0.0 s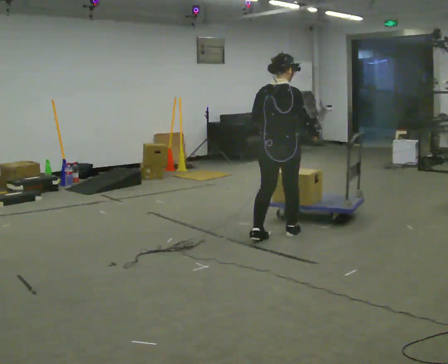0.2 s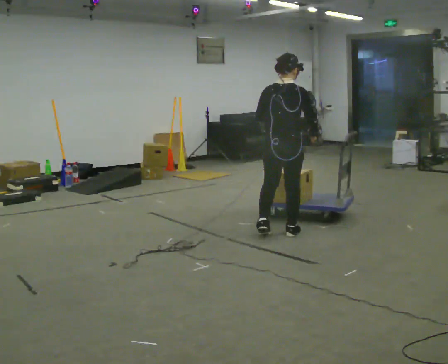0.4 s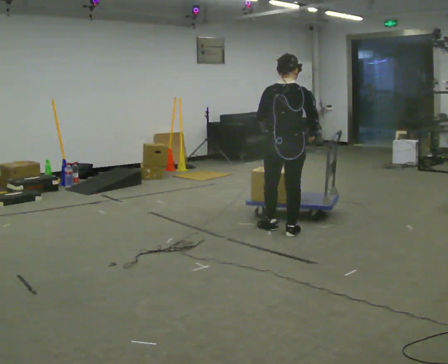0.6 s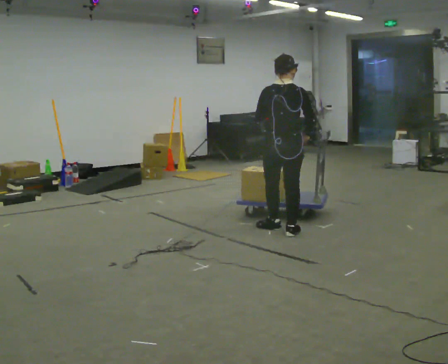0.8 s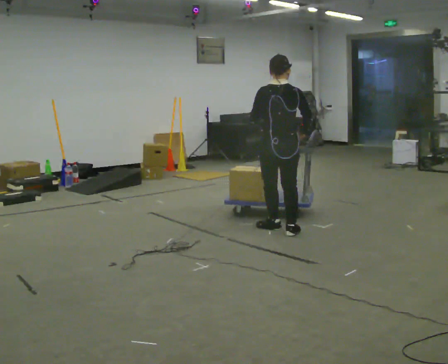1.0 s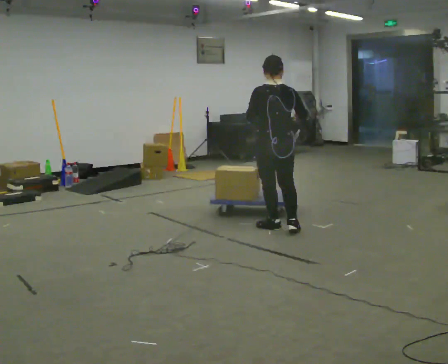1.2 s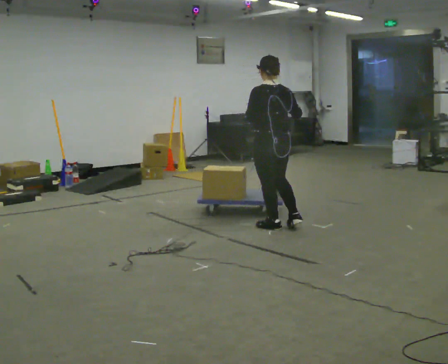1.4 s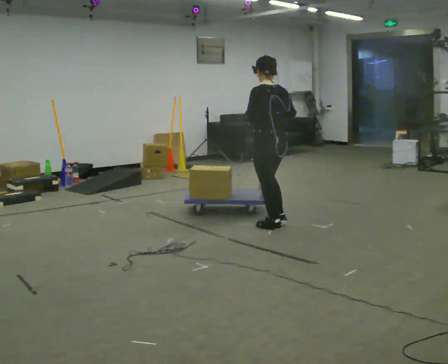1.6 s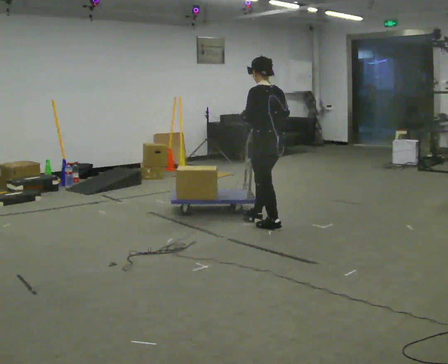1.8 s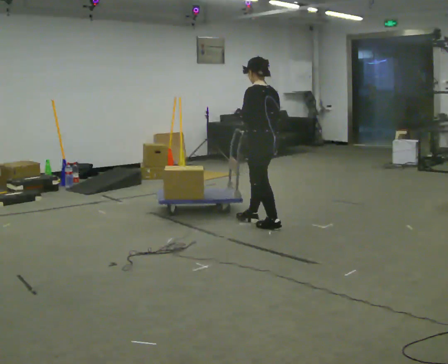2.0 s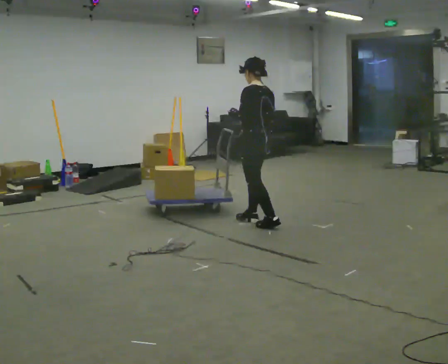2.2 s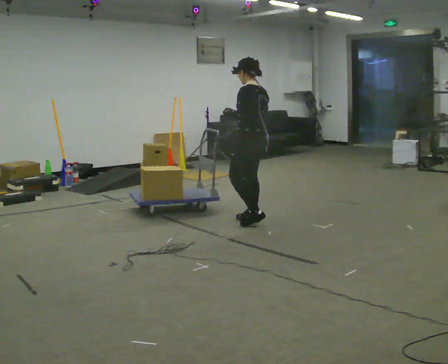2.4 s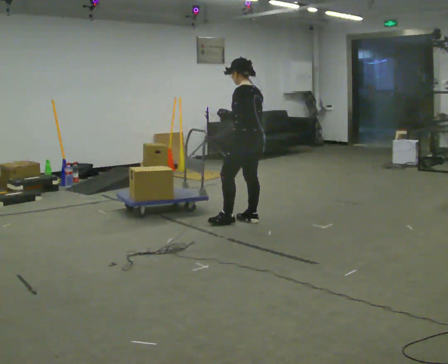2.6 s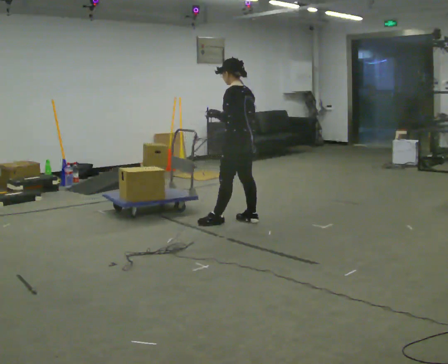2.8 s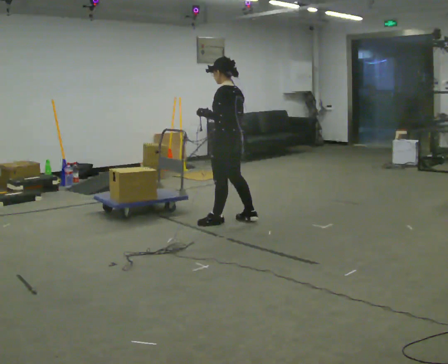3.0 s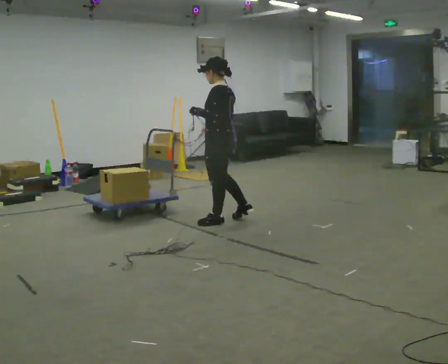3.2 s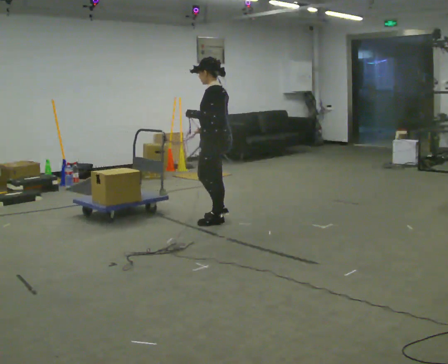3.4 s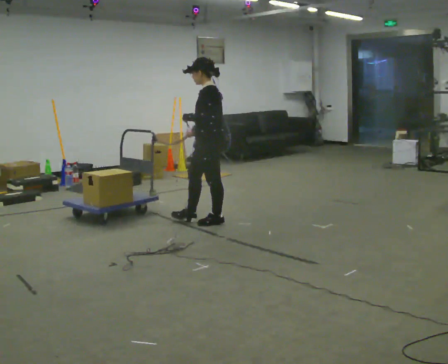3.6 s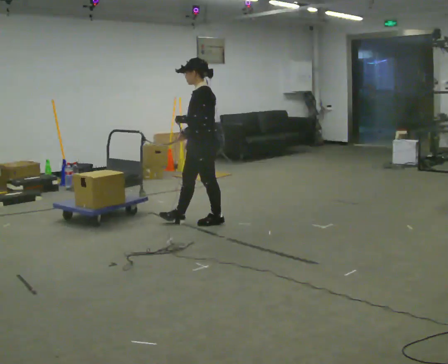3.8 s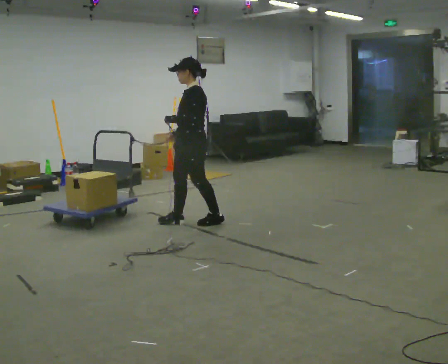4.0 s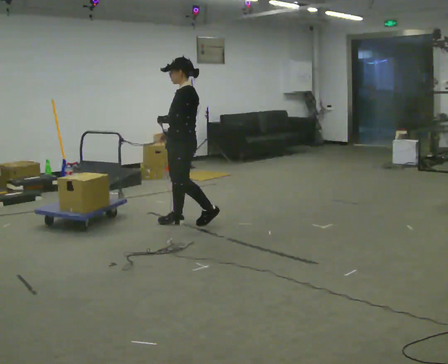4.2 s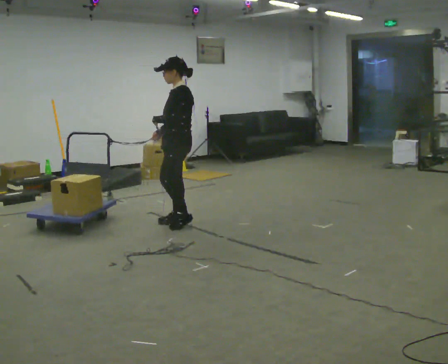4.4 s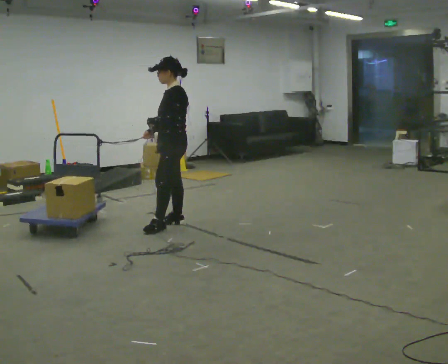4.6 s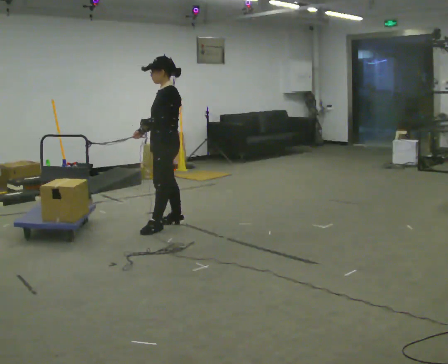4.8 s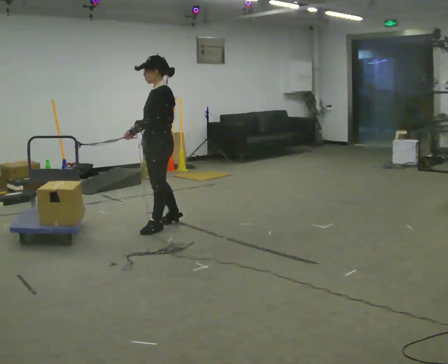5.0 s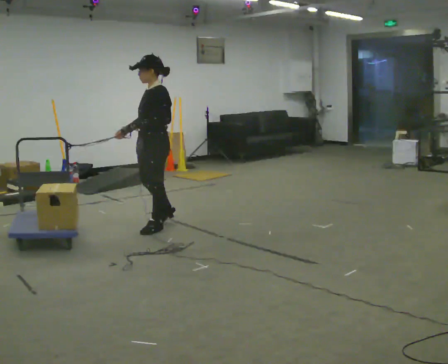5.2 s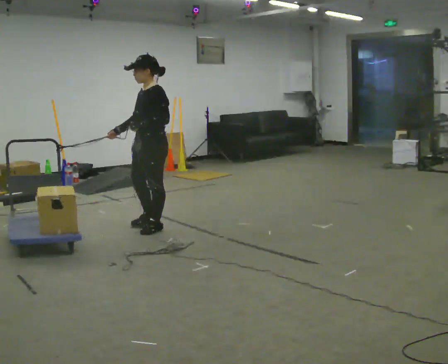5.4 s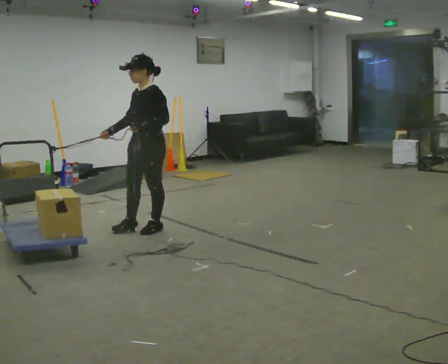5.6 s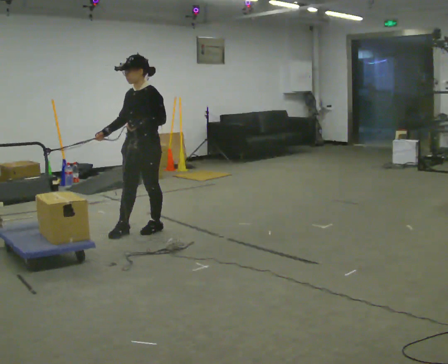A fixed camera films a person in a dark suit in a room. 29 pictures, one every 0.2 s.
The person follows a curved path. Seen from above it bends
counterclockwise.
The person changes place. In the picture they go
to the left.
0.0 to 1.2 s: The part of the body nearest the lens slides to the right as the person turns to their left by about 45 degrees. In the picture they go away from the camera, about 0.25 m in 2 steps, which for them is forward.
1.2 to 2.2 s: The part of the body nearest the lens slides to the right as the person turns to their left by about 45 degrees. In the picture they go away from the camera, about 0.25 m in 1 step, which for them is forward.
2.2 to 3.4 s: The person turns about 30 degrees to their left, counterclockwise seen from above, so the part of the body nearest the lens slides to the right. In the picture they go to the left, about 0.5 m in 1 step, which for them is forward and to their left.
3.4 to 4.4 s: In the picture they go to the left, about 0.25 m in 1 step, which for them is forward.
4.4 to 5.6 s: Seen from above the body turns counterclockwise, about 30 degrees: to their left, with its near side sliding to the right. In the picture they go toward the camera and to the left, about 0.25 m in 1 step, which for them is forward and to their left.
The film runs backward here.
